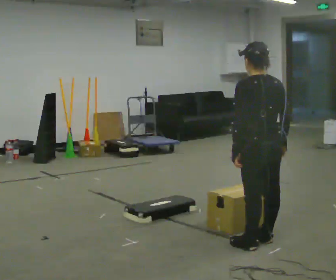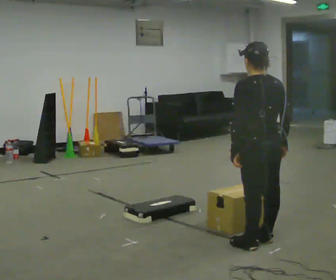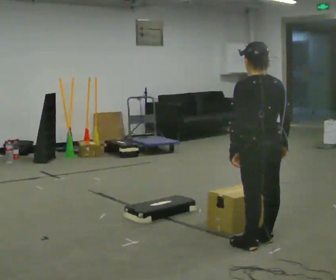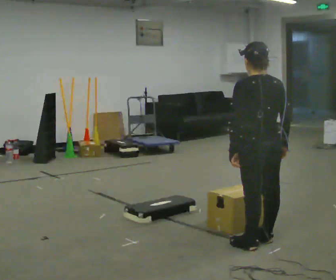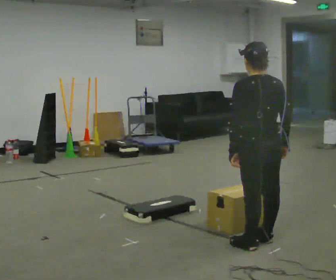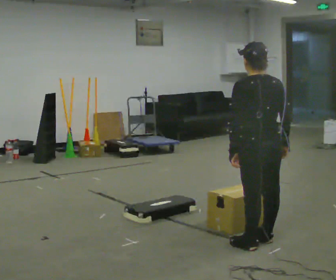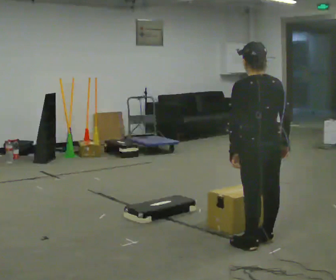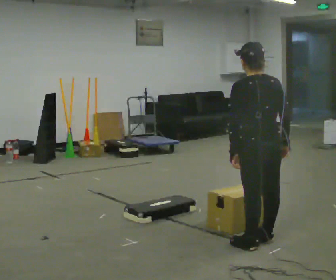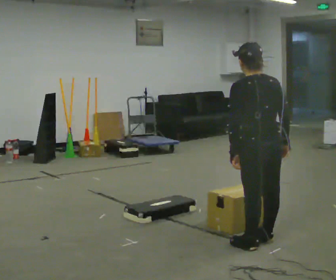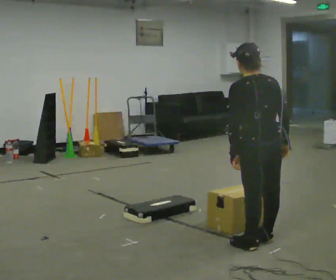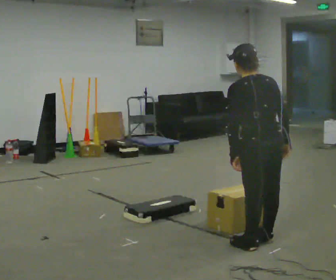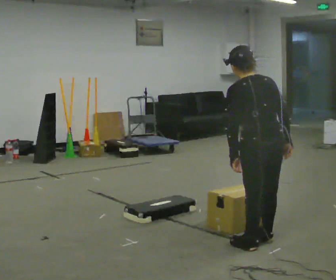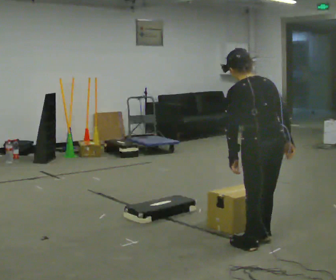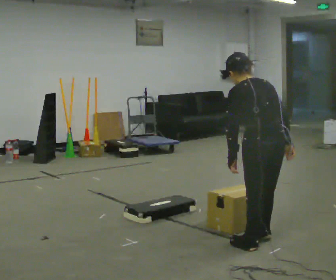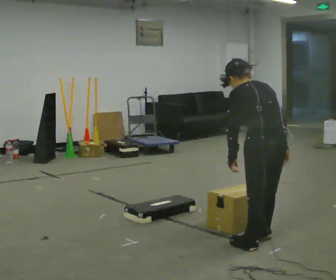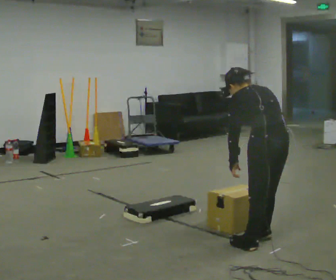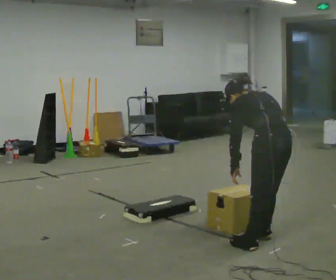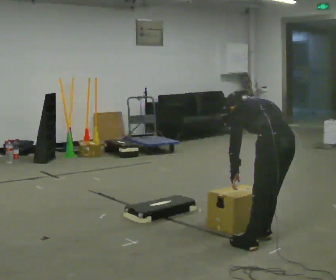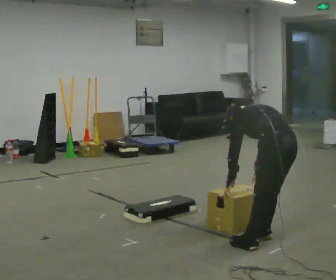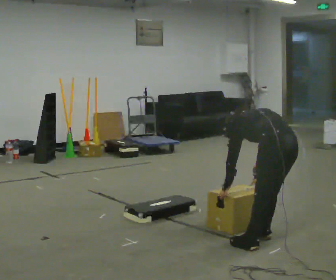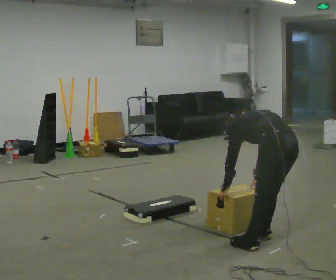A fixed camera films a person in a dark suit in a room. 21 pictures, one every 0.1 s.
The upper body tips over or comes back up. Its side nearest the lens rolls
upward.
The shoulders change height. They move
downward.
0.0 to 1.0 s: The person moves a little, or ends about where they began.
1.0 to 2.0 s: In the picture they go to the right, about 0.25 m, which for them is to their right. The shoulders move downward. The upper body tips away from the camera, its near side rolling upward, as they bend forward. In the picture their right hand goes downward.
The film runs forward here.
